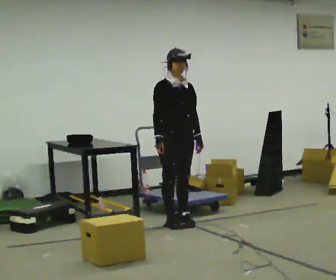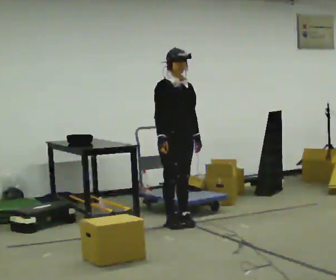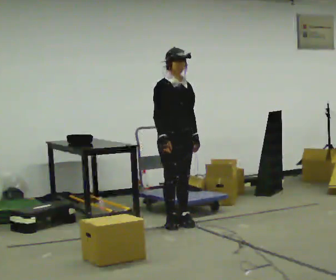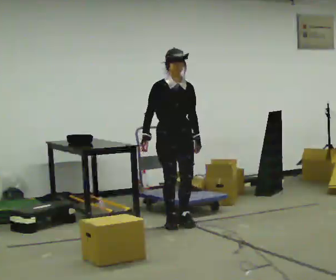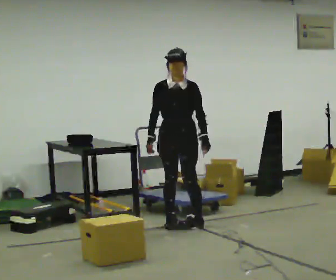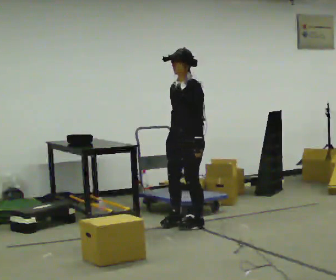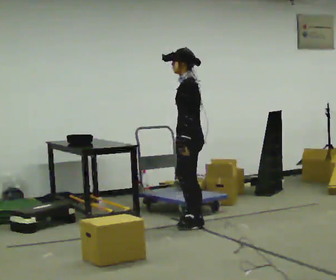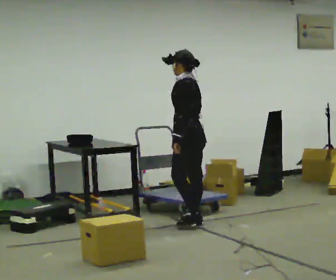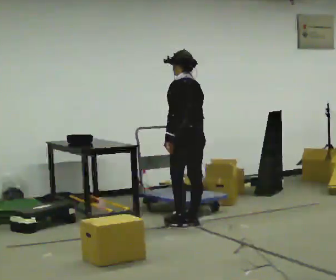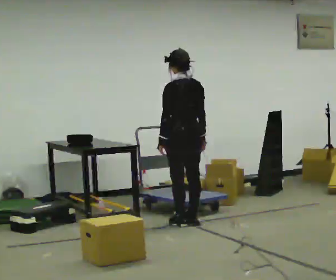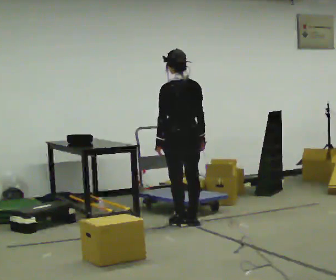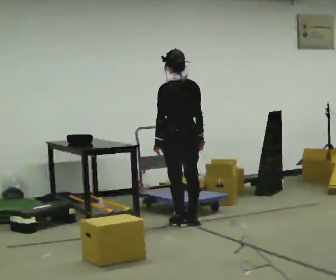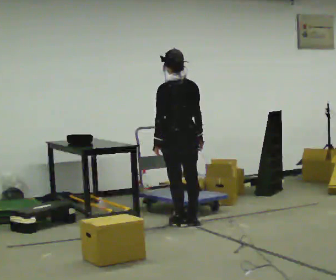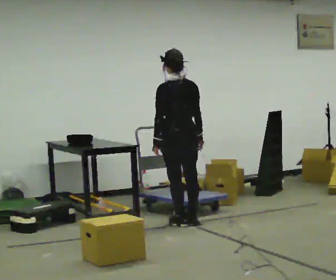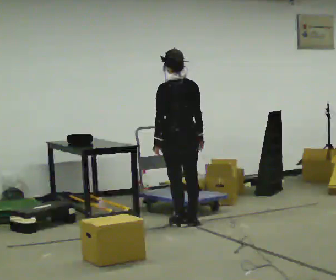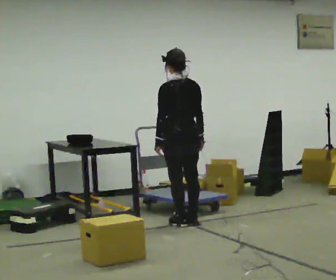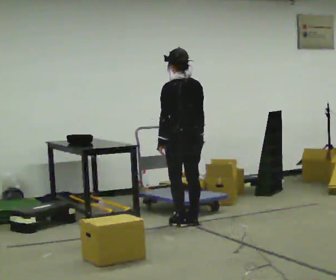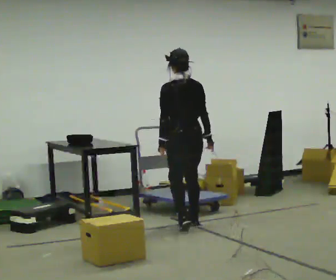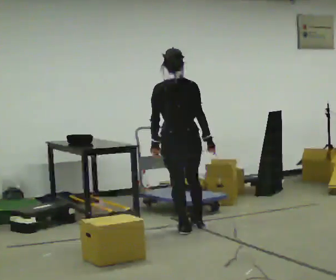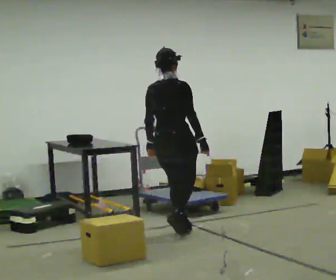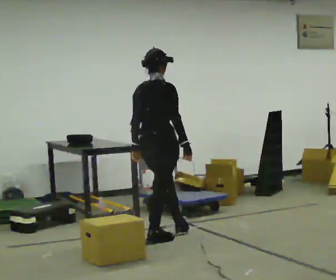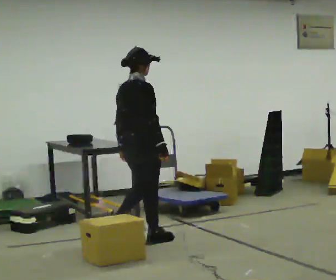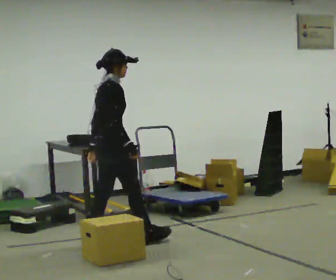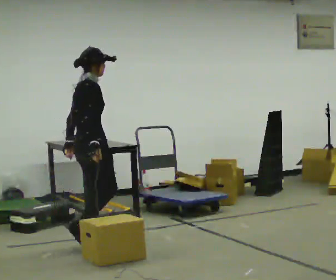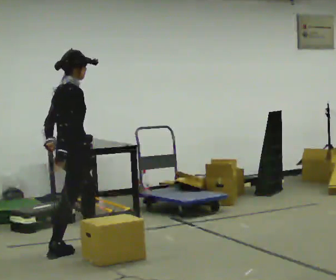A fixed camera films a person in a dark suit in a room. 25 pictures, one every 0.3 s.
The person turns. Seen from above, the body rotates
clockwise.
The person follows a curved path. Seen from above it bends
clockwise.
0.0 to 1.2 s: Seen from above the body turns clockwise, about 30 degrees: to their right, with its near side sliding to the left.
1.2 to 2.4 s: The part of the body nearest the lens slides to the left as the person turns to their right by about 120 degrees. In the picture they go to the right, about 0.25 m in 2 steps. The upper body tips away from the camera, its near side rolling upward.
2.4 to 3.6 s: The person turns about 30 degrees to their right, clockwise seen from above, so the part of the body nearest the lens slides to the left. The upper body tips toward the camera, its near side rolling downward, as they lean back or straighten.
3.6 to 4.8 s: The person moves a little, or ends about where they began.
4.8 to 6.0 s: The person turns about 75 degrees to their right, clockwise seen from above, so the part of the body nearest the lens slides to the left. In the picture they go toward the camera and to the left, about 0.5 m in 3 steps.
6.0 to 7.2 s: In the picture they go to the left and toward the camera, about 1 m in 1 step, which for them is backward.
The film runs backward here.
